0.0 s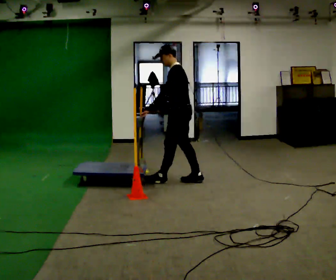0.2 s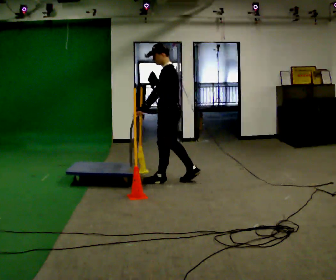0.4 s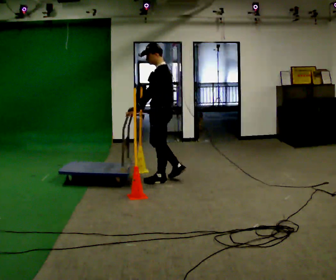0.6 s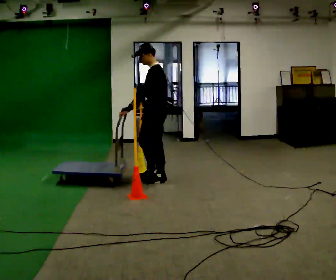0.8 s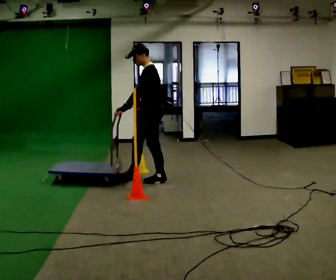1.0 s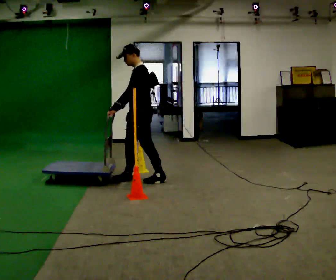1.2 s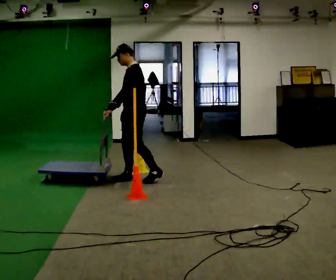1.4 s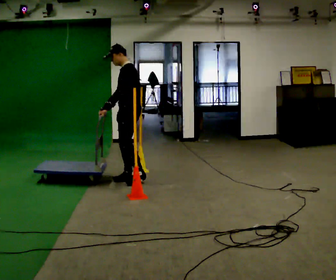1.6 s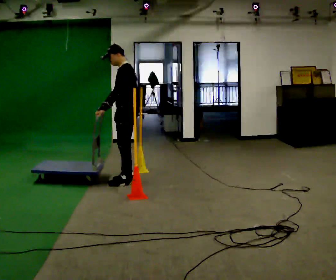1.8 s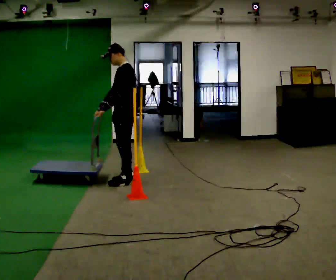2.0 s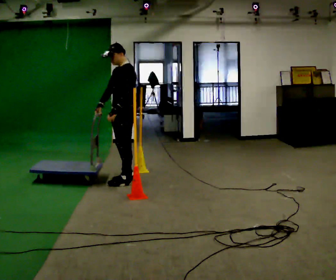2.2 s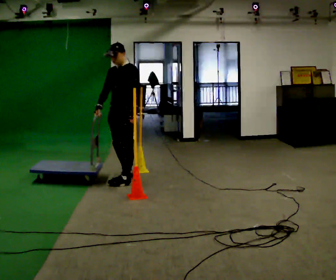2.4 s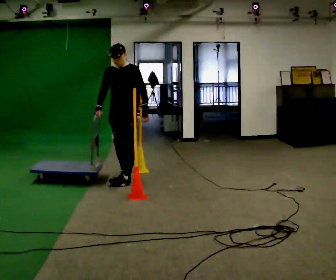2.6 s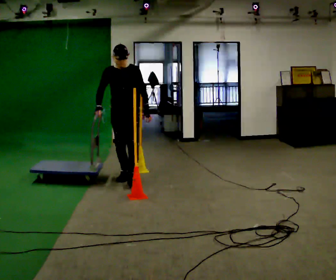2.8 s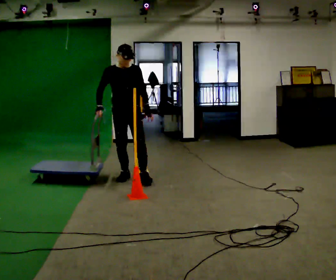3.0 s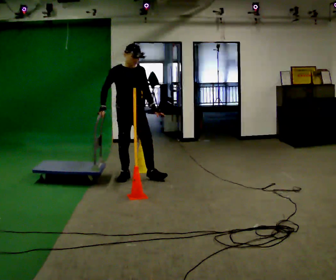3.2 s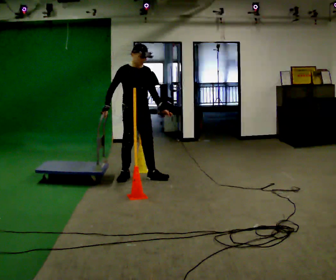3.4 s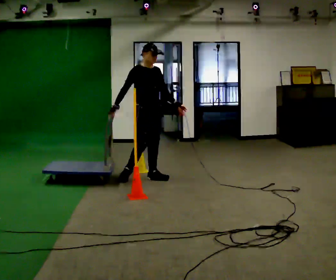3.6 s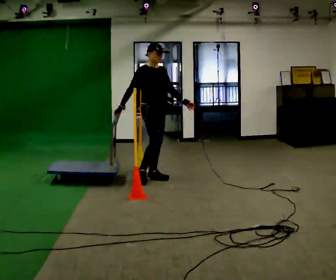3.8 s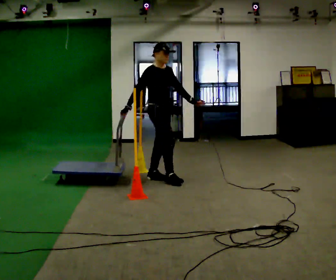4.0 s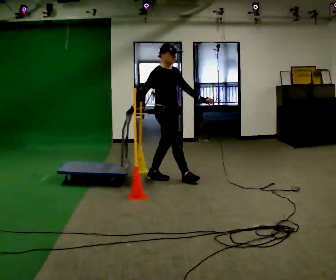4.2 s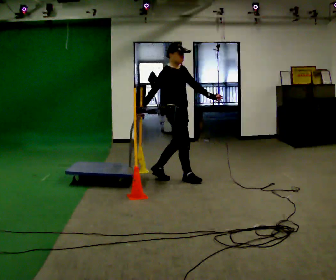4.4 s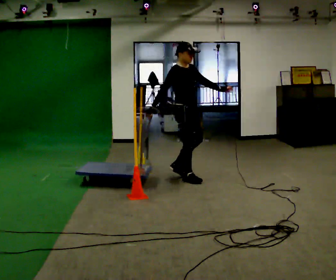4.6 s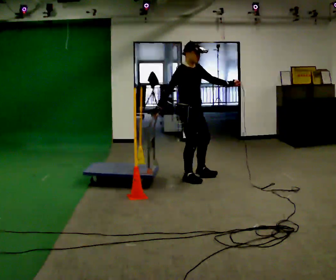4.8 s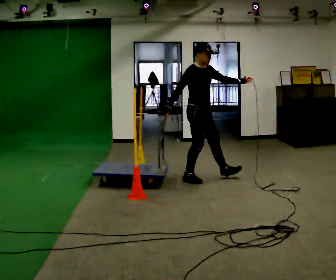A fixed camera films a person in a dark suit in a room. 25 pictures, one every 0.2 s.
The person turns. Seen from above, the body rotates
counterclockwise.
The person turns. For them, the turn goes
to their left.
0.0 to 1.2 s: Seen from above the body turns counterclockwise, about 30 degrees: to their left, with its near side sliding to the right. In the picture they go to the left, about 0.5 m in 1 step, which for them is forward.
1.2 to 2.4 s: Seen from above the body turns counterclockwise, about 60 degrees: to their left, with its near side sliding to the right. In the picture they go to the left, about 0.25 m in 1 step, which for them is forward. In the picture their left hand goes to the right, the arm swinging counterclockwise.
2.4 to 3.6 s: Seen from above the body turns counterclockwise, about 75 degrees: to their left, with its near side sliding to the right. In the picture they go to the right, about 0.25 m in 1 step.
3.6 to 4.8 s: In the picture they go to the right, about 0.5 m in 1 step, which for them is forward.
The film runs forward here.
